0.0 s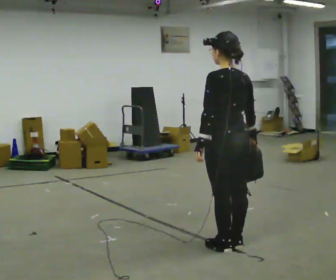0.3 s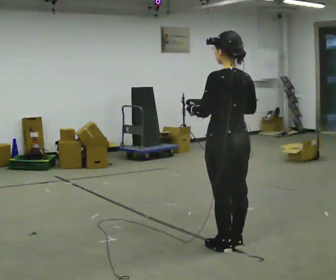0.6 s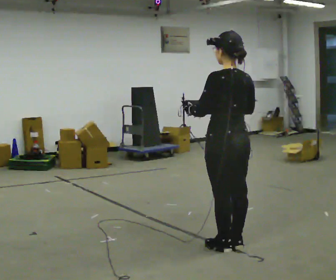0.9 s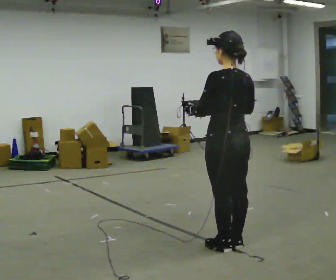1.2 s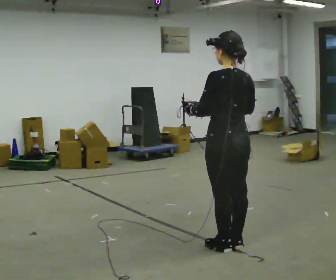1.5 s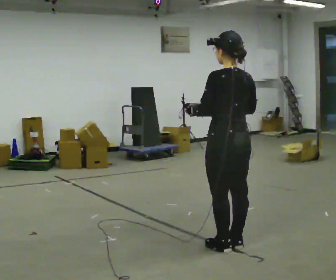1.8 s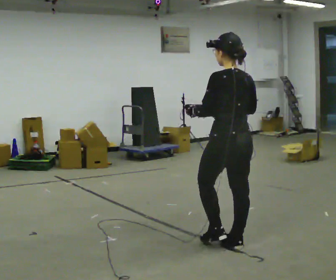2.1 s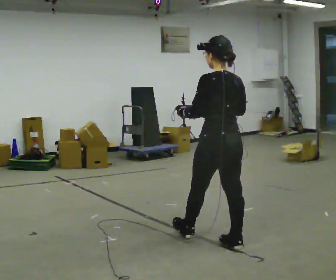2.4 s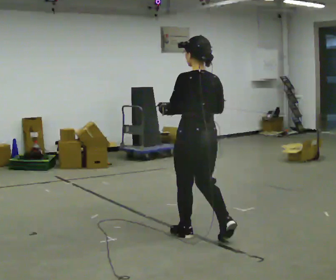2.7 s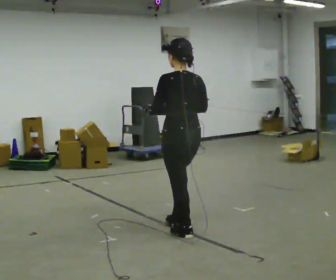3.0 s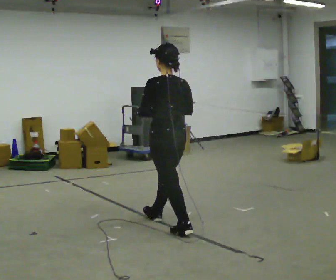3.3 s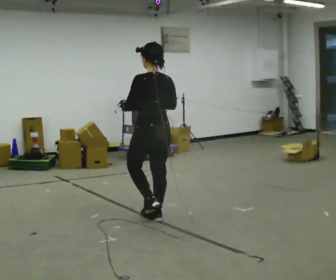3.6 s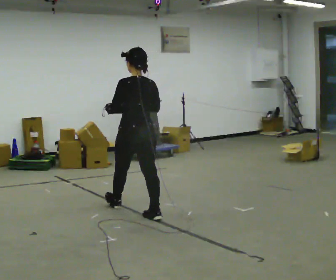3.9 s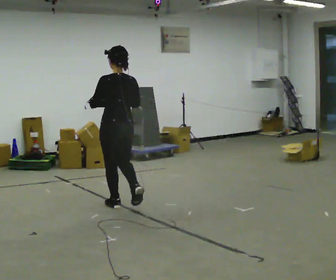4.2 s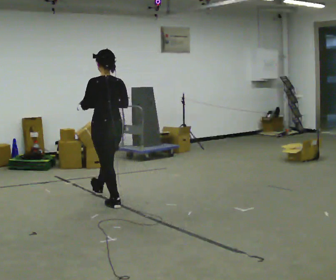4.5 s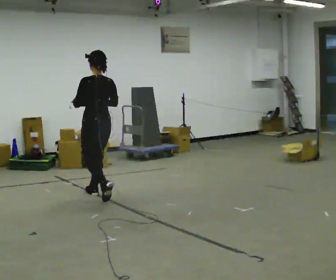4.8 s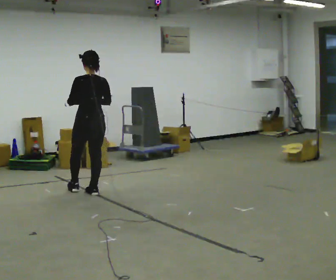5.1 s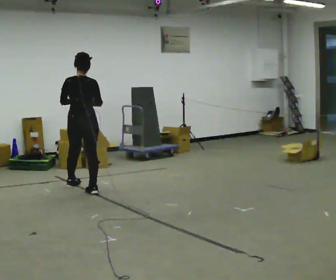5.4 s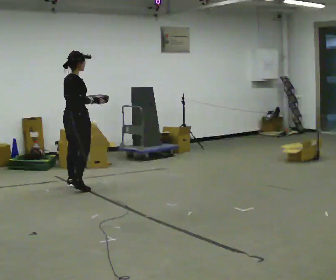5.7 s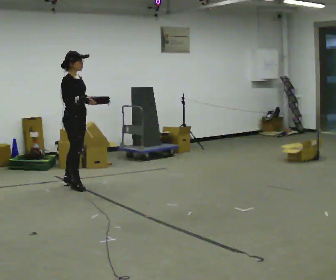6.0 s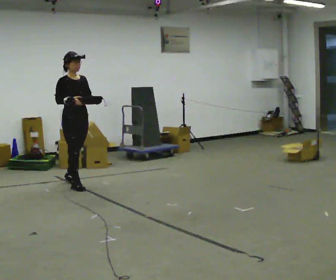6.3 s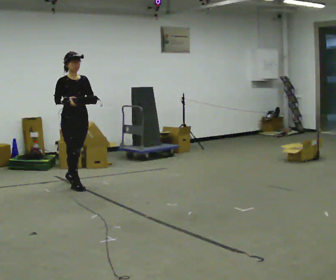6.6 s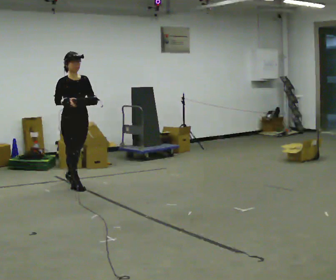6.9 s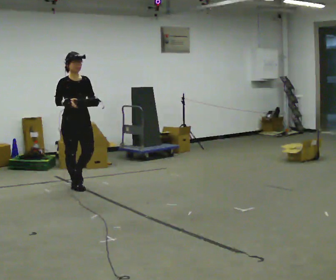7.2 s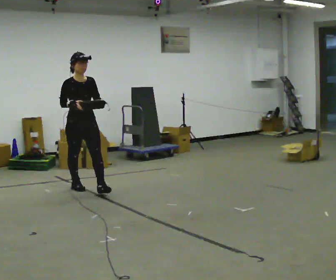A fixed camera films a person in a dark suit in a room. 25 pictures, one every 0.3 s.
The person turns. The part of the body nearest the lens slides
to the left.
The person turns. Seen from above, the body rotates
clockwise.
0.0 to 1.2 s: The person moves a little, or ends about where they began.
1.2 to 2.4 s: In the picture they go away from the camera and to the left, about 0.25 m in 1 step, which for them is forward.
2.4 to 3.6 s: In the picture they go away from the camera and to the left, about 1 m in 1 step, which for them is forward.
3.6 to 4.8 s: In the picture they go away from the camera and to the left, about 1 m in 2 steps, which for them is forward.
4.8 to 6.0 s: The part of the body nearest the lens slides to the left as the person turns to their right by about 165 degrees. In the picture they go away from the camera and to the left, about 0.5 m in 2 steps.
6.0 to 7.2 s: In the picture they go toward the camera, about 0.25 m in 1 step, which for them is forward.
The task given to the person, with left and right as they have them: Carry the object across the room. The lid hangs loose and will swing, so carry it however works. Keep going until the operator says stop; one object at a time, and do not rush between trips.
The film runs forward here.
